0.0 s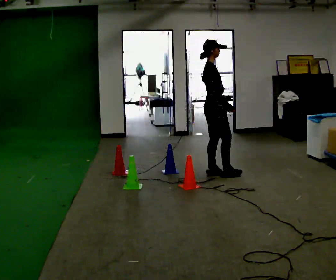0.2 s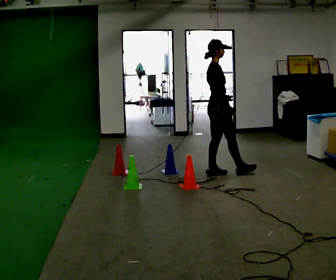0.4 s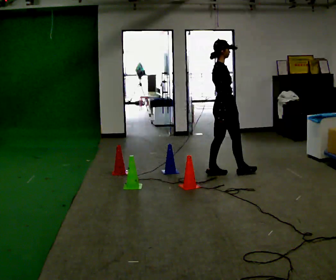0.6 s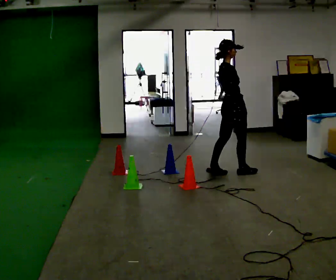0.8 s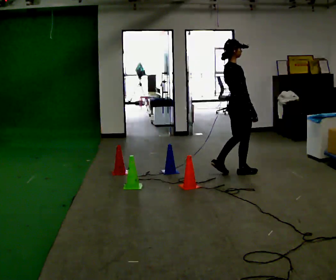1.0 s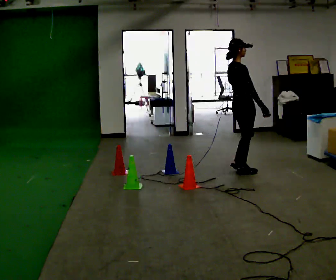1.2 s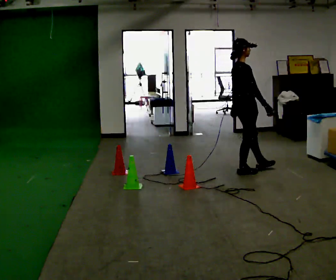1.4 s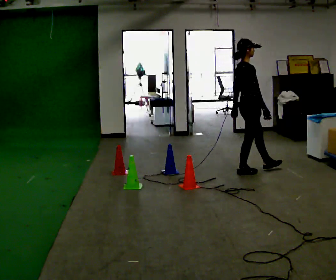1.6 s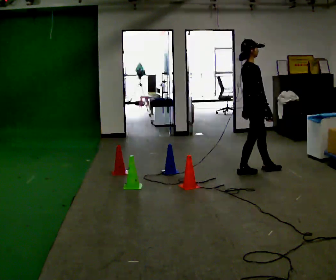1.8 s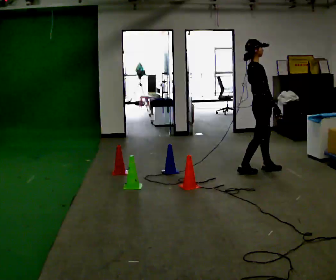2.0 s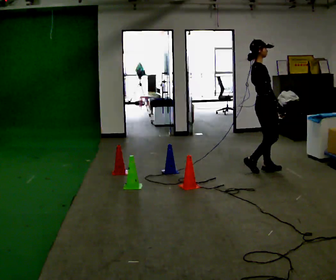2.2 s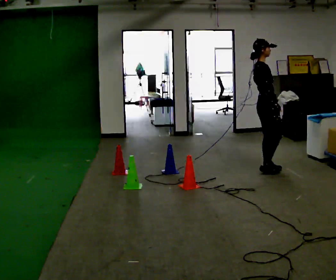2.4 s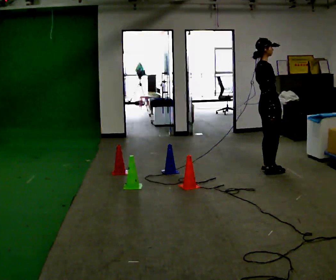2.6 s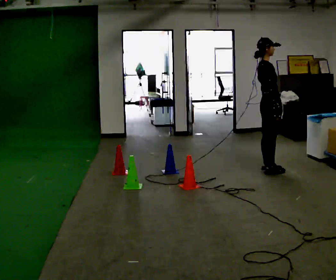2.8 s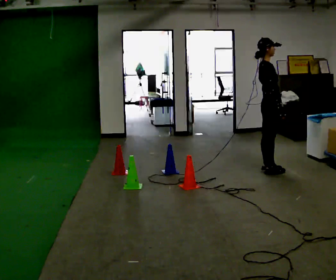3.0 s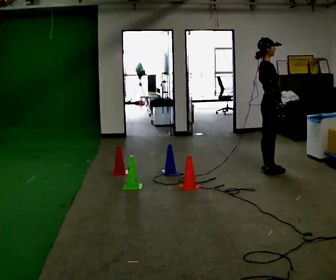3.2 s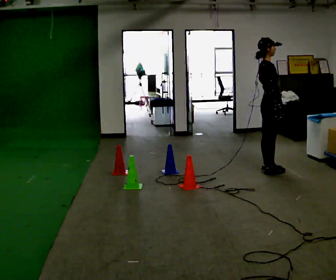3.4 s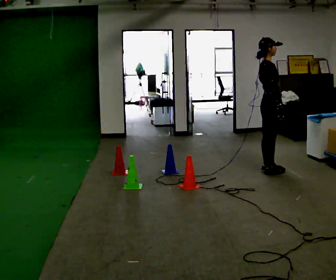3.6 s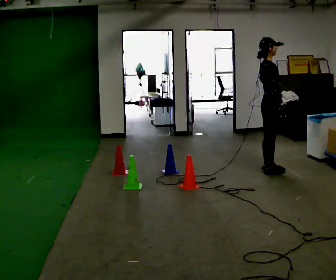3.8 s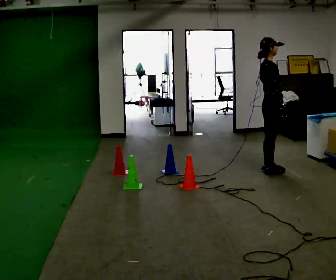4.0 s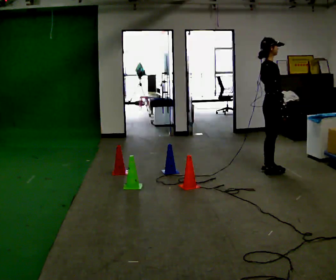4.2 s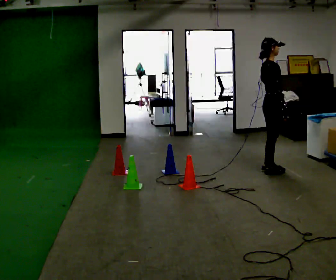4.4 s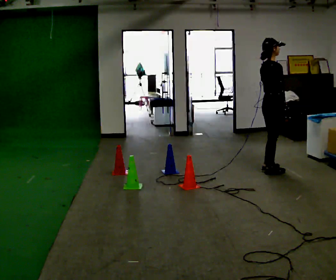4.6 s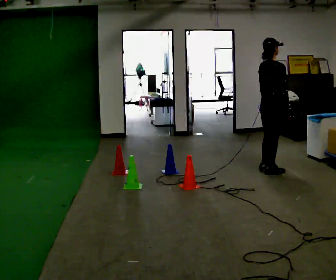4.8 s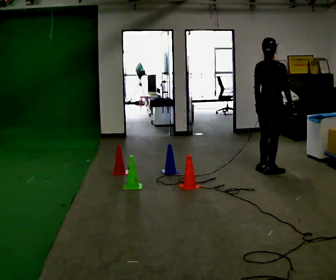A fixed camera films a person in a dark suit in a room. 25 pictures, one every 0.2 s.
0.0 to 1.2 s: In the picture they go to the right, about 0.25 m in 1 step, which for them is forward.
1.2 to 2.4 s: In the picture they go to the right, about 0.25 m in 2 steps, which for them is forward.
2.4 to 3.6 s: The person moves a little, or ends about where they began.
3.6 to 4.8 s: The part of the body nearest the lens slides to the right as the person turns to their left by about 60 degrees.
The film runs forward here.
